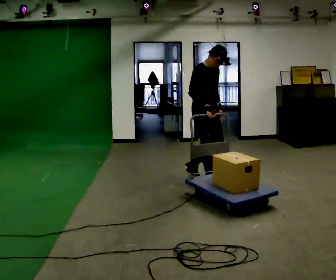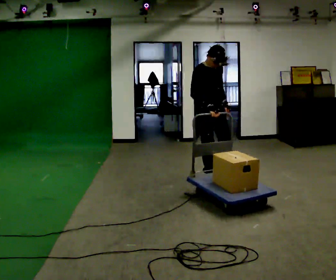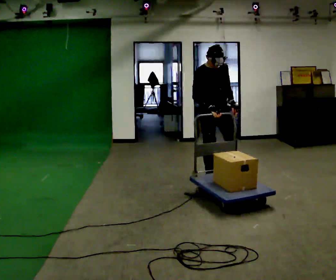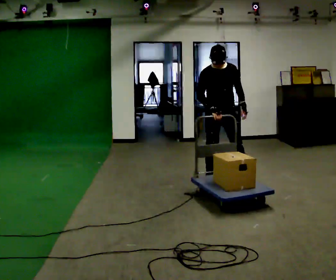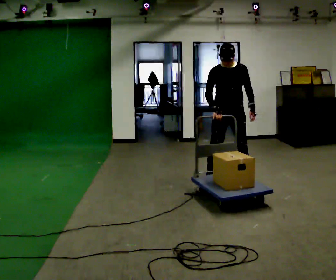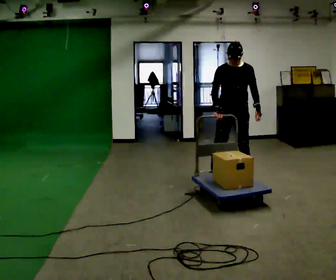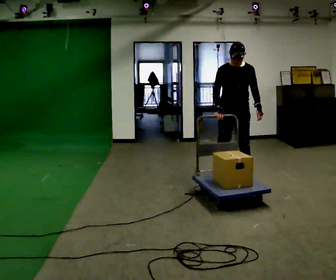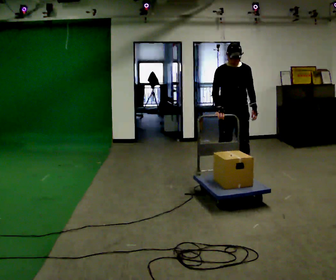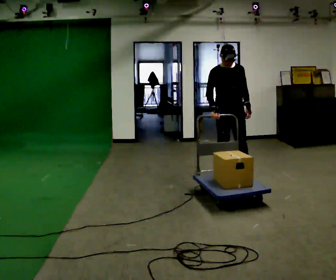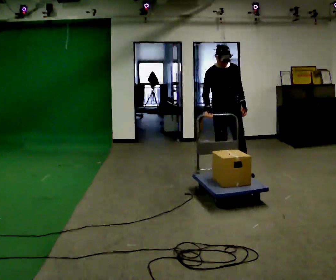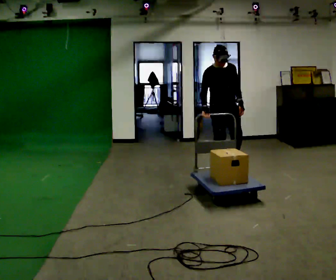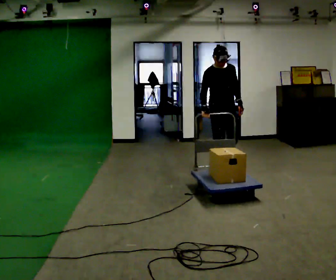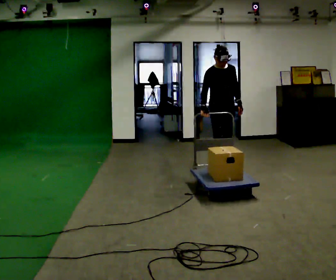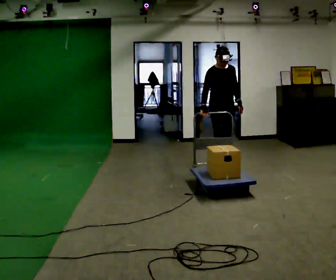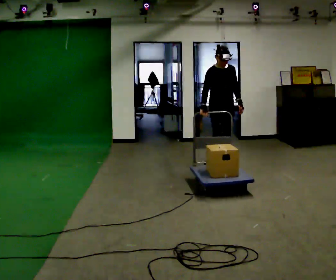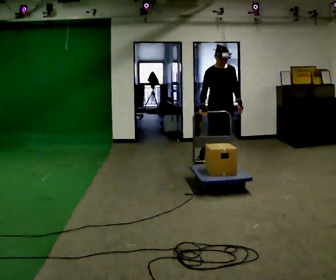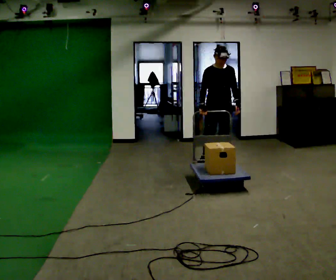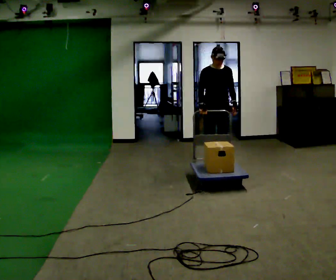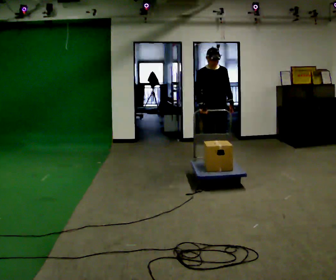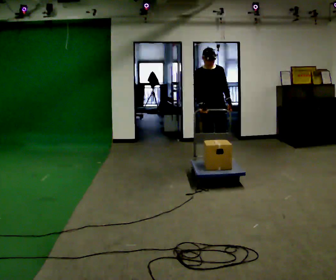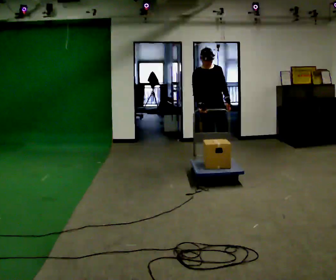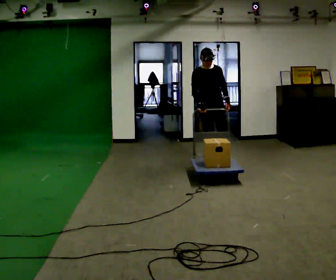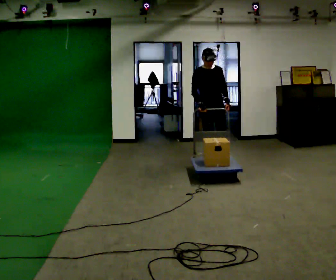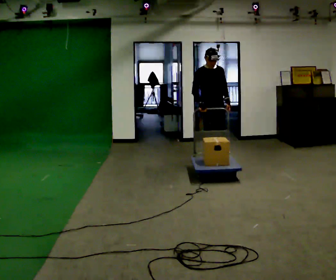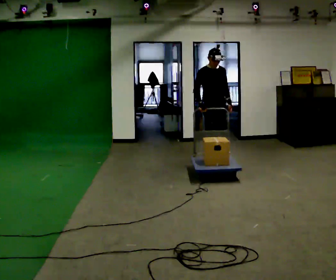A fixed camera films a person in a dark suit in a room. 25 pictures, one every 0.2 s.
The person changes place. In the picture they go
away from the camera.
The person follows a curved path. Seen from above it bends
counterclockwise.
0.0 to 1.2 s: The part of the body nearest the lens slides to the left as the person turns to their right by about 60 degrees. In the picture they go to the right and away from the camera, about 0.5 m in 1 step, which for them is to their left.
1.2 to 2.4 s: The person turns about 30 degrees to their left, counterclockwise seen from above, so the part of the body nearest the lens slides to the right. In the picture they go away from the camera and to the left, about 0.5 m in 1 step, which for them is backward.
2.4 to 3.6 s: In the picture they go away from the camera, about 0.5 m in 1 step, which for them is backward.
3.6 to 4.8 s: In the picture they go away from the camera, about 0.25 m in 1 step, which for them is backward.
The film runs backward here.
